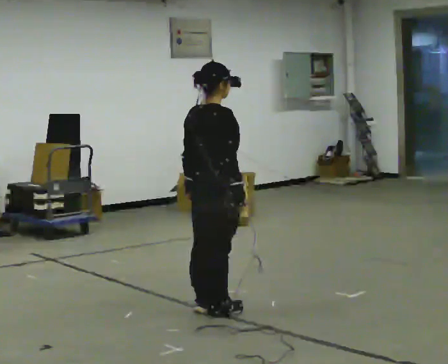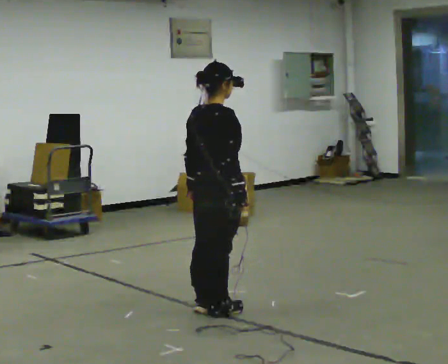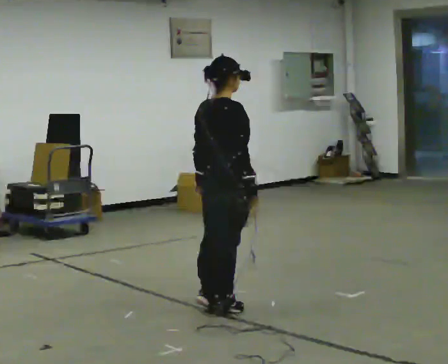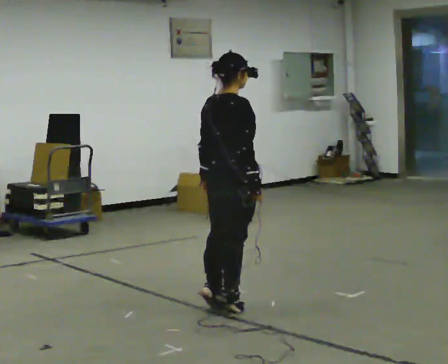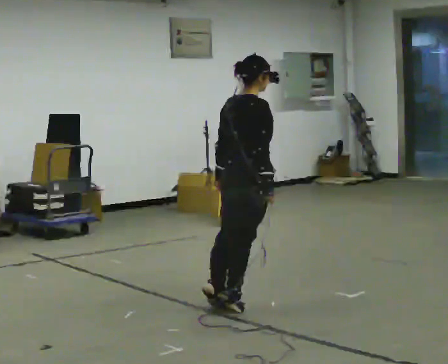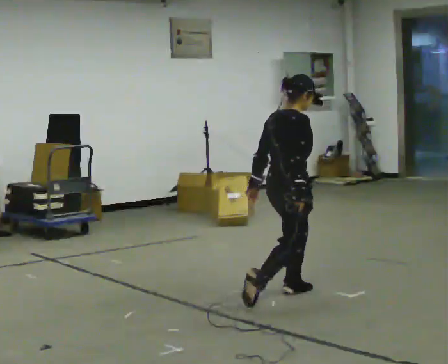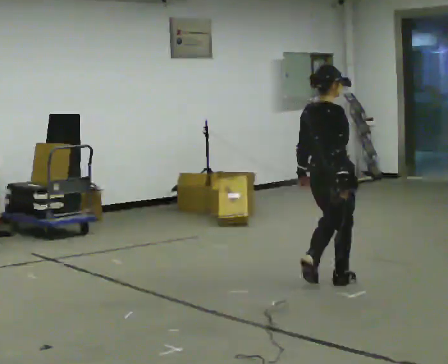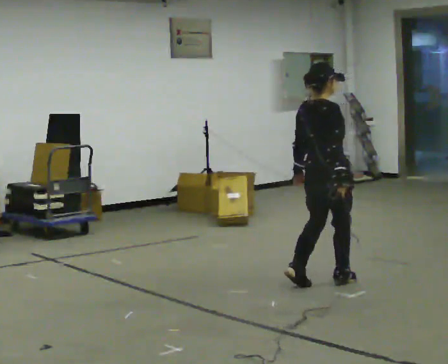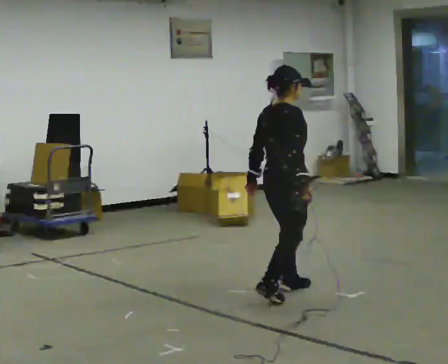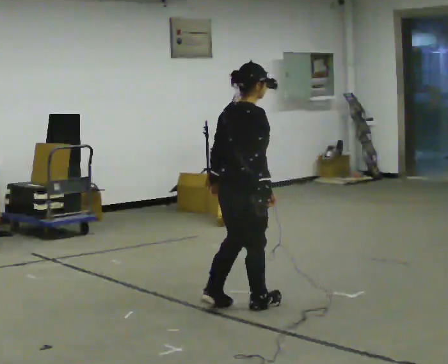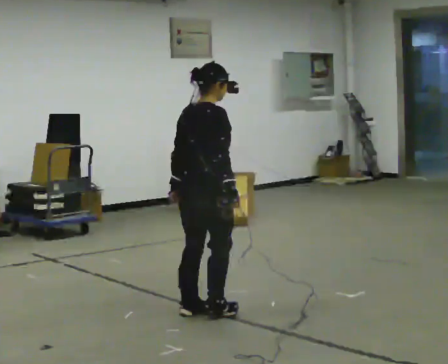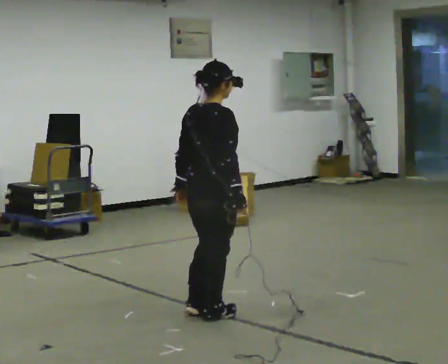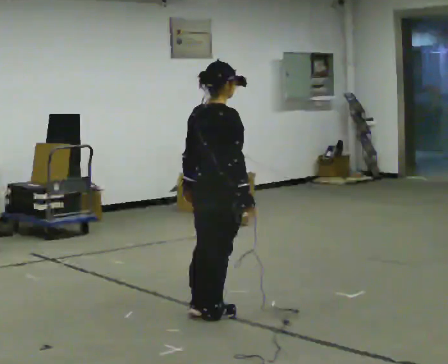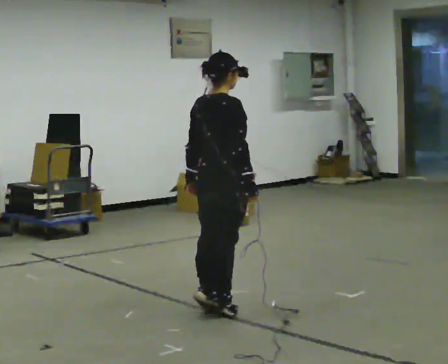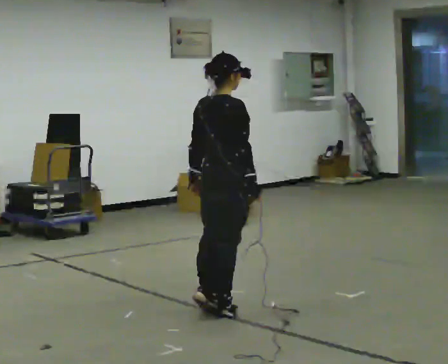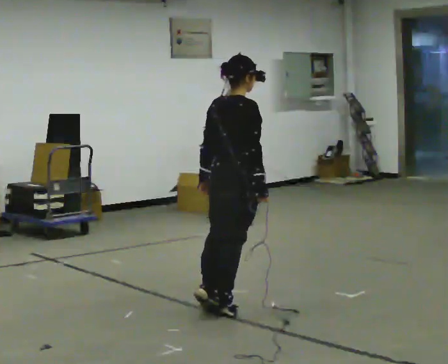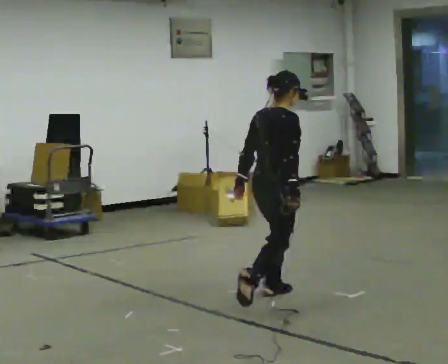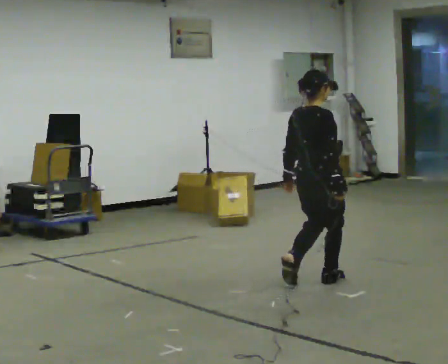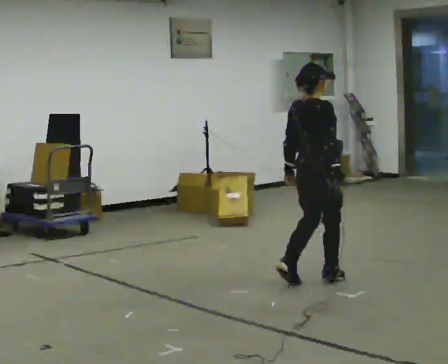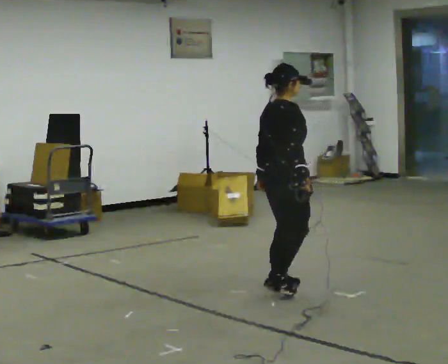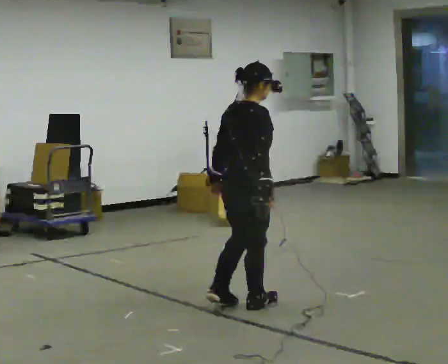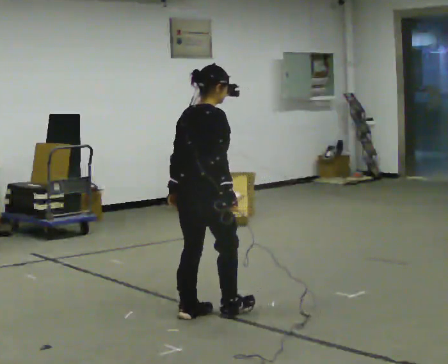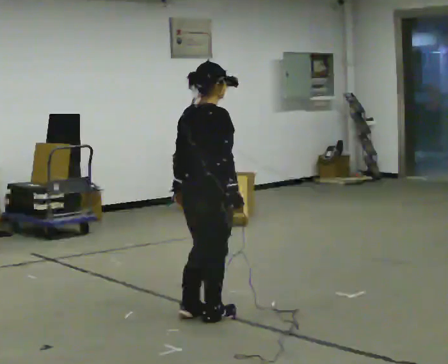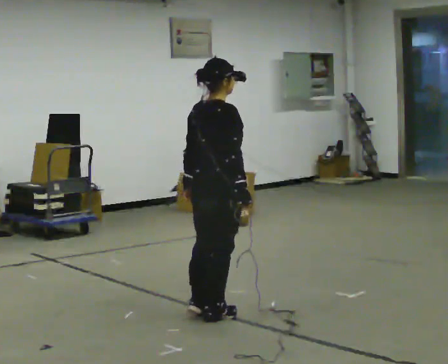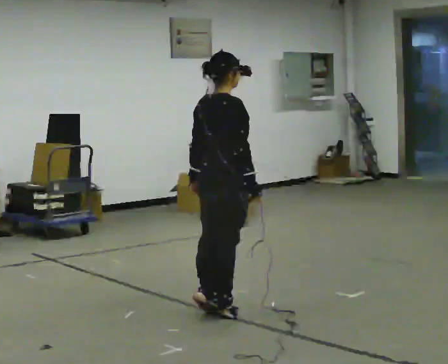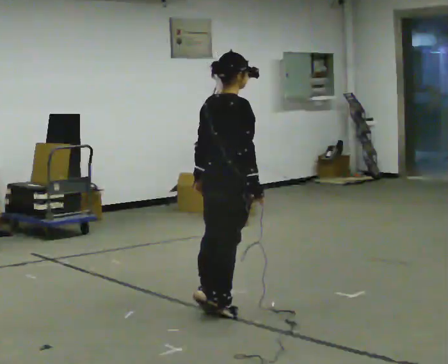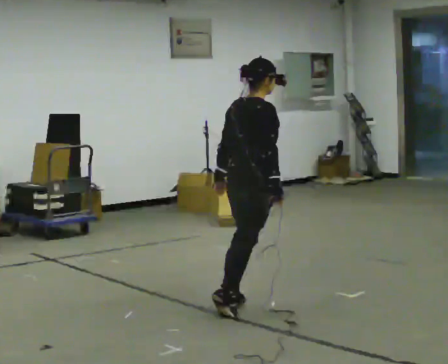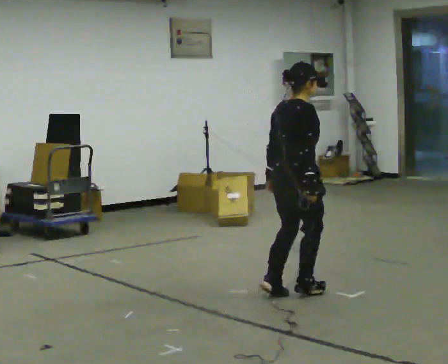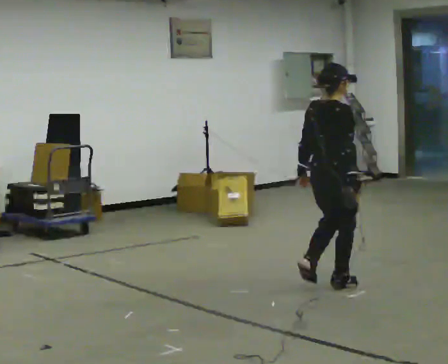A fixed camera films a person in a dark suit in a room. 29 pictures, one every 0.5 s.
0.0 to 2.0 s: In the picture they go to the right, about 0.25 m, which for them is forward.
2.0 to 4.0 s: In the picture they go to the right and away from the camera, about 0.25 m in 4 steps, which for them is forward.
4.0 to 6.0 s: In the picture they go to the left and toward the camera, about 0.5 m in 3 steps, which for them is backward.
6.0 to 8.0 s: In the picture they go away from the camera and to the right, about 0.5 m in 1 step, which for them is forward.
8.0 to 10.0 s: In the picture they go toward the camera and to the left, about 0.5 m in 4 steps, which for them is backward.
10.0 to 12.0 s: The person moves a little, or ends about where they began.
12.0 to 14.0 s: In the picture they go to the right and away from the camera, about 1 m in 3 steps, which for them is forward.
The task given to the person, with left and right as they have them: Stand on the marked spots and rise up onto your toes. Stay up until you start to topple forward, then step to catch yourself. Repeat at your own pace until the operator says stop. Go slowly and only as far as you are comfortable. Step whenever you need to; do not try to hold on longer than feels safe.
The film runs forward here.
